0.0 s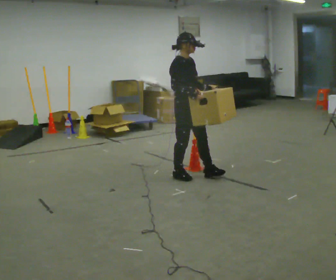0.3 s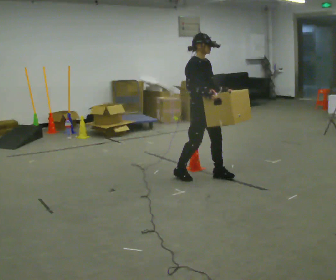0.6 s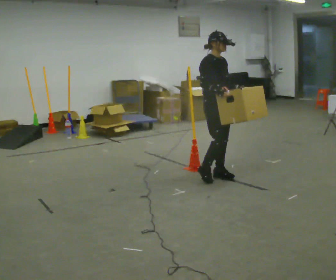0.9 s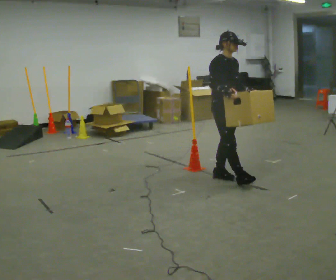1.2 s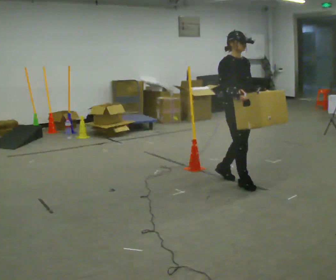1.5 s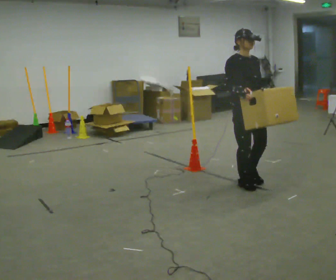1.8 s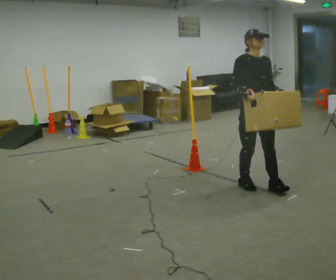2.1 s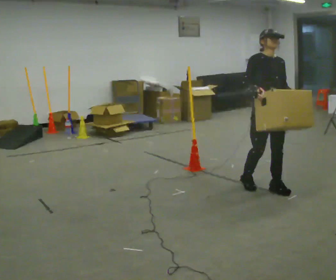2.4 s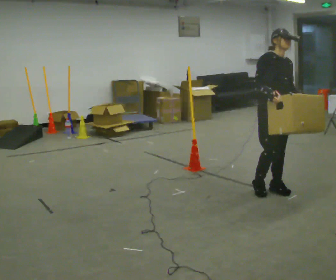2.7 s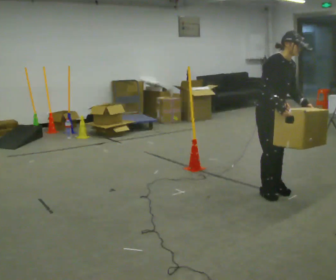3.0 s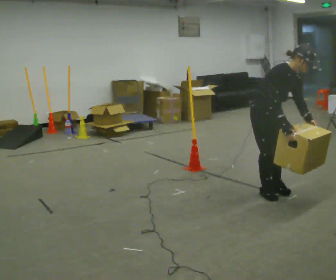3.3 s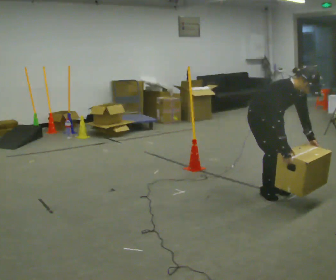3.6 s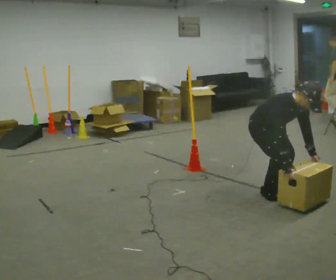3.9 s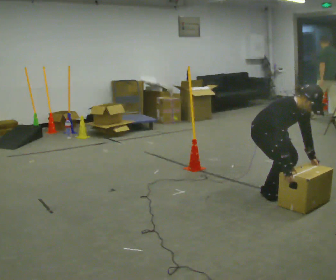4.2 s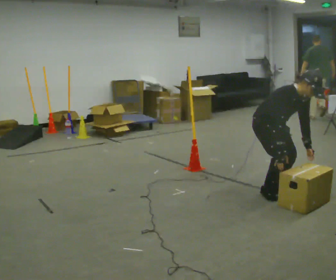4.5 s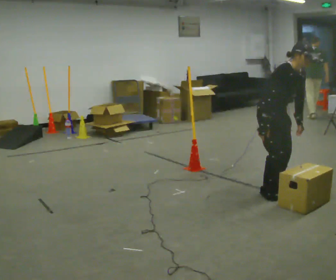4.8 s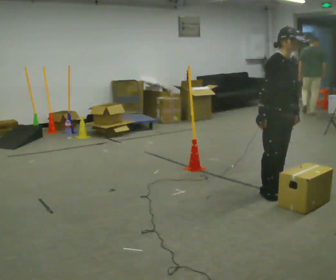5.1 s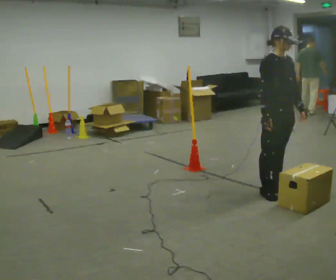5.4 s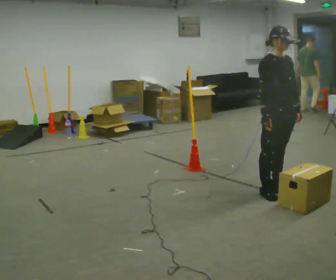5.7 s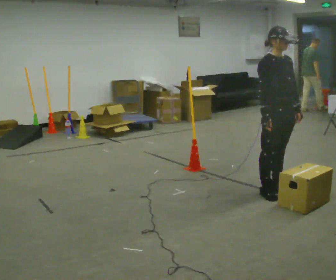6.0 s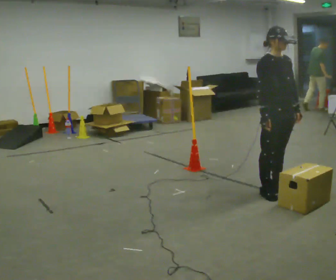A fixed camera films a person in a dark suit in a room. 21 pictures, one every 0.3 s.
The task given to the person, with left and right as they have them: Carry the box across the room. The operator will step into your path partway across, so go around them and carry on. Keep going until the operator says stop; one object at a time, and do not rush between trips.
0.0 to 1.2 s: In the picture they go to the right, about 0.5 m in 2 steps, which for them is forward.
1.2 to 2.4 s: In the picture they go to the right and toward the camera, about 0.5 m in 1 step, which for them is forward.
2.4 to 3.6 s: The shoulders move downward. The upper body tips toward the camera, its near side rolling downward, as they bend forward. In the picture their right hand goes downward.
3.6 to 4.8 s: The shoulders move upward. The upper body tips away from the camera, its near side rolling upward, as they lean back or straighten. In the picture their right hand goes upward.
4.8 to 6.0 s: The person moves a little, or ends about where they began.
The film runs forward here.
